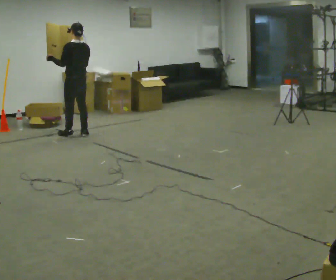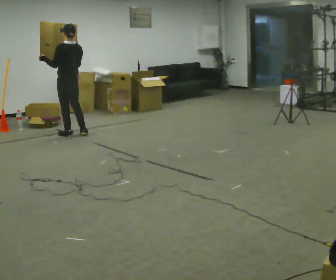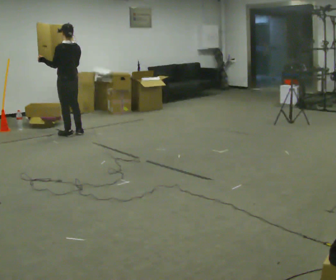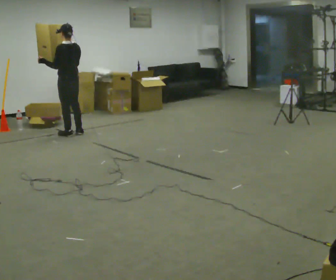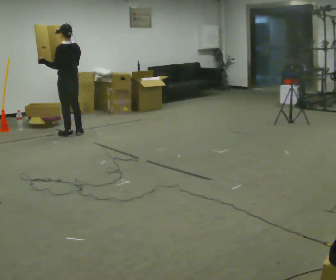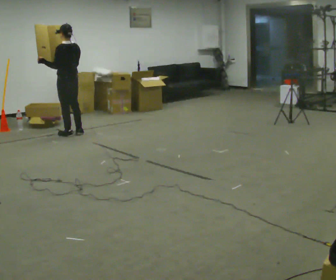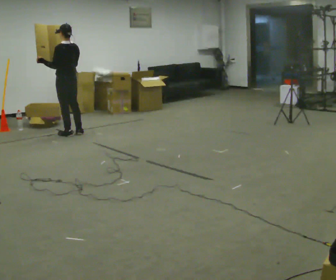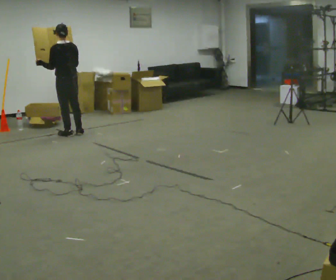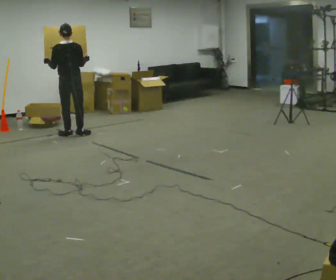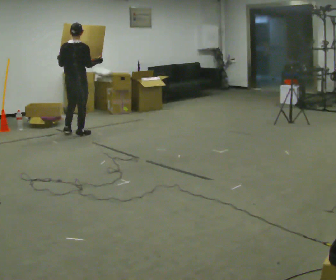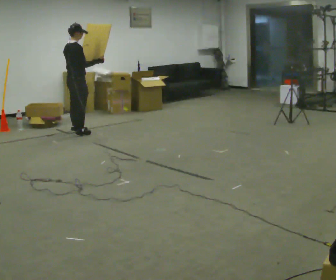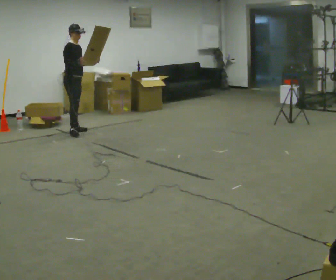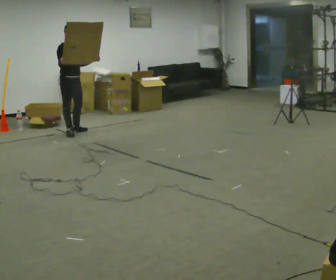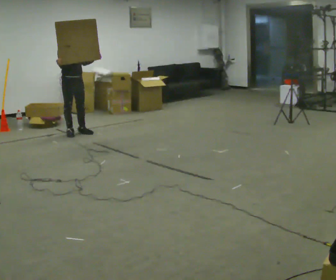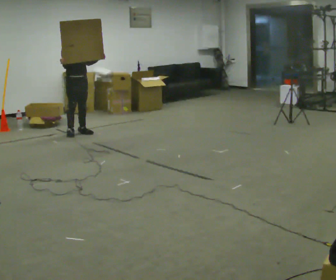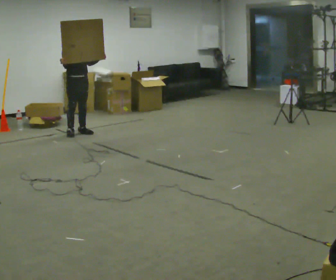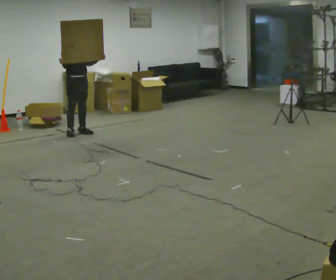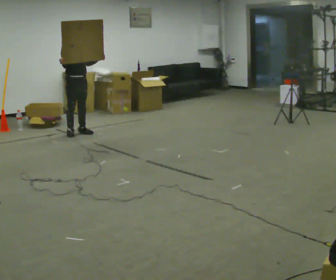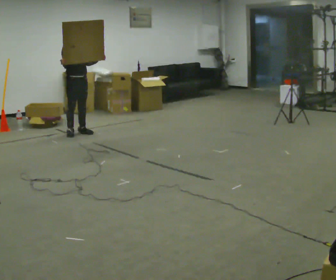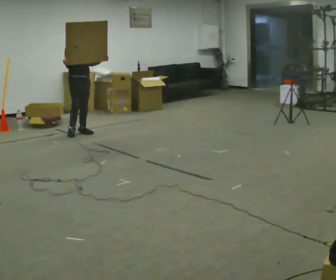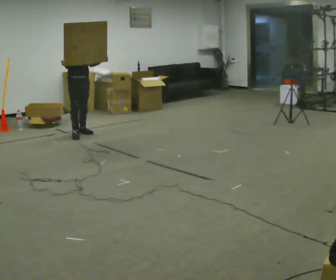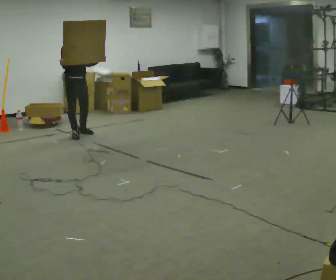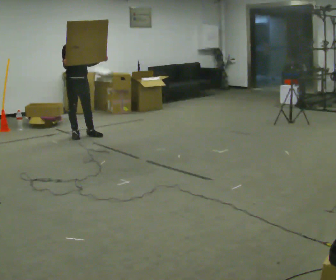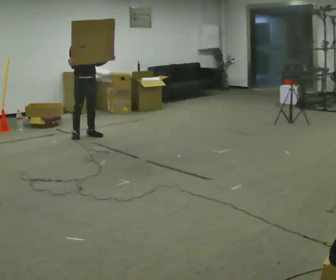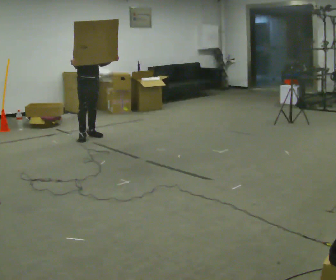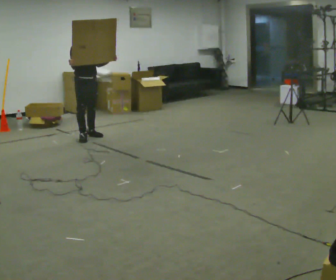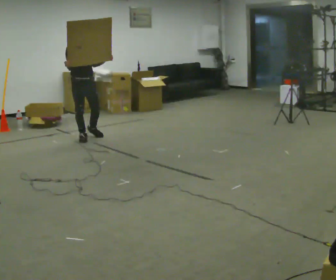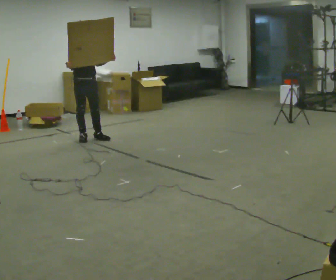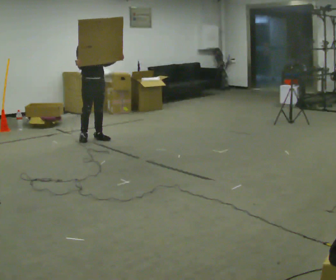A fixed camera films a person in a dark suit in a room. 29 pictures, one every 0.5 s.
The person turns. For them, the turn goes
to their right.
The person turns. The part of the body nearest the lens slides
to the left.
0.0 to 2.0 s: The person moves a little, or ends about where they began.
2.0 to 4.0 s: Seen from above the body turns clockwise, about 30 degrees: to their right, with its near side sliding to the left.
4.0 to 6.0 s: Seen from above the body turns clockwise, about 150 degrees: to their right, with its near side sliding to the left. In the picture their right hand goes to the left.
6.0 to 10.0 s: The person moves a little, or ends about where they began.
10.0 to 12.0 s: In the picture they go toward the camera, about 0.25 m in 1 step, which for them is forward.
12.0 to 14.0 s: In the picture they go toward the camera, about 0.25 m in 2 steps, which for them is forward.
The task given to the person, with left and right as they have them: Carry the large light object across the room, back and forth. It is awkward rather than heavy, so hold it however works.
The film runs forward here.
